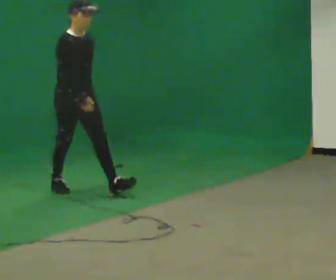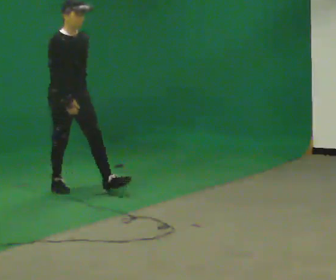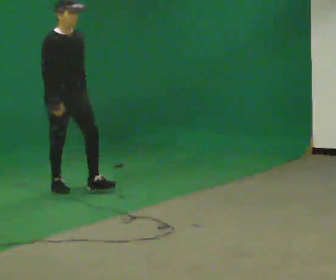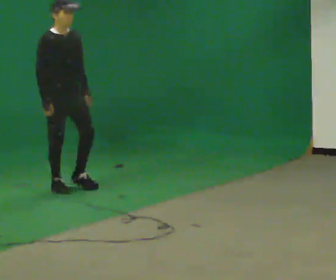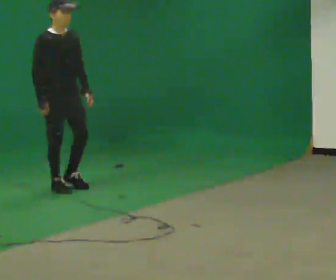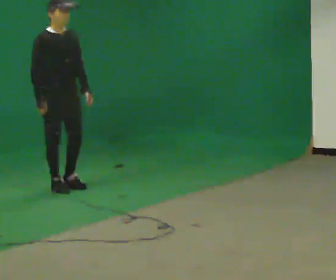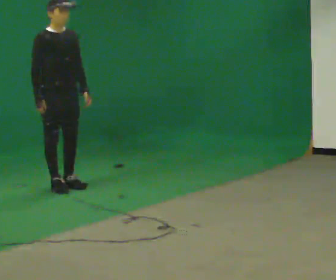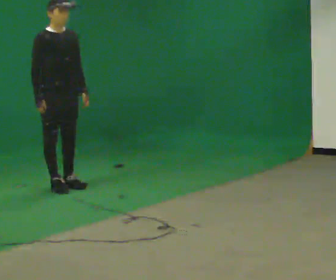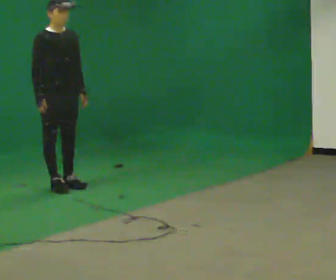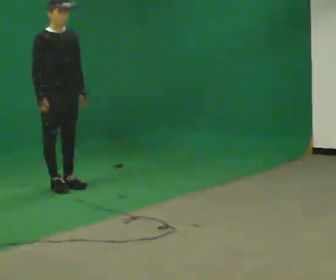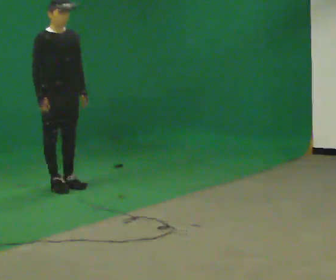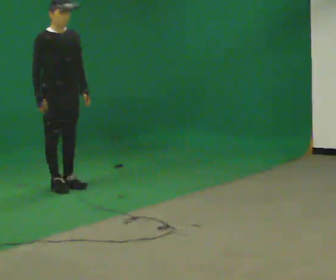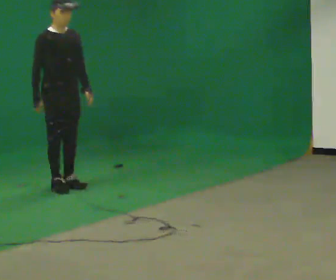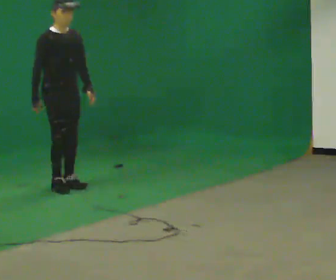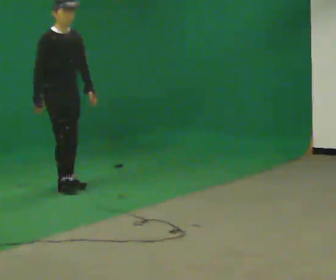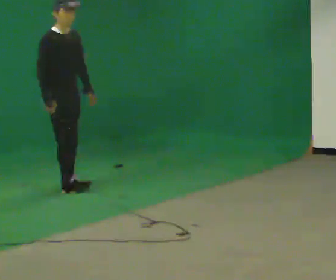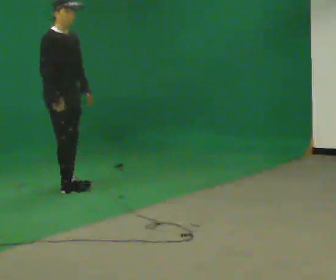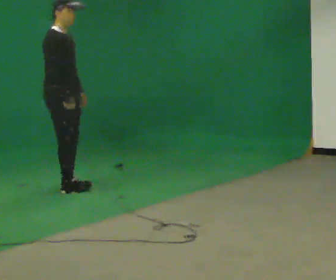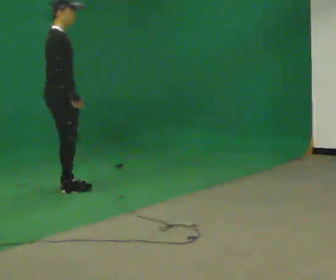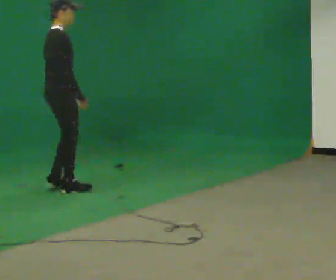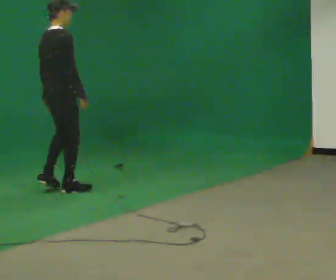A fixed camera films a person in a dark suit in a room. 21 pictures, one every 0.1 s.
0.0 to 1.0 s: In the picture they go away from the camera and to the left, about 0.25 m, which for them is backward.
1.0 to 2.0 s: The person turns about 75 degrees to their left, counterclockwise seen from above, so the part of the body nearest the lens slides to the right. In the picture their right hand goes to the right.
The film runs backward here.
